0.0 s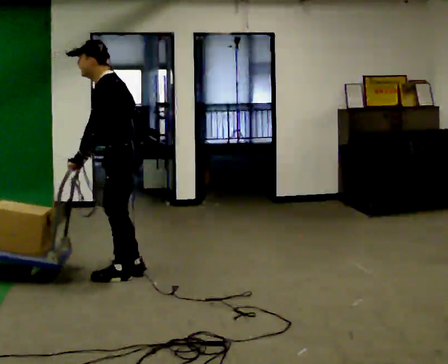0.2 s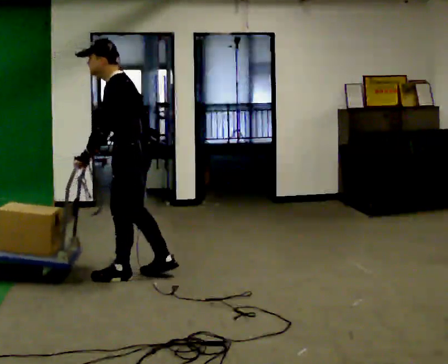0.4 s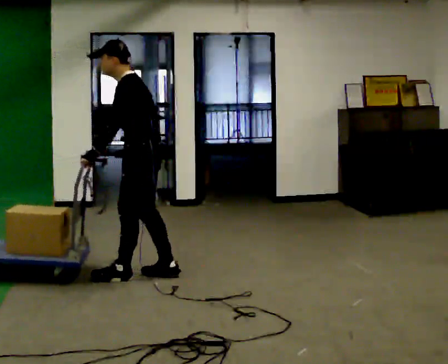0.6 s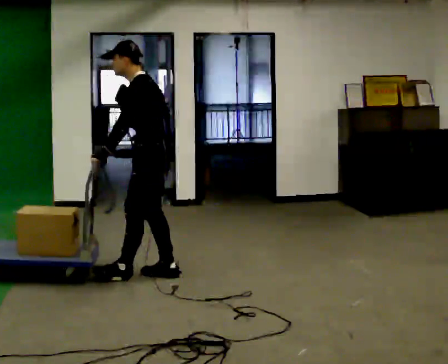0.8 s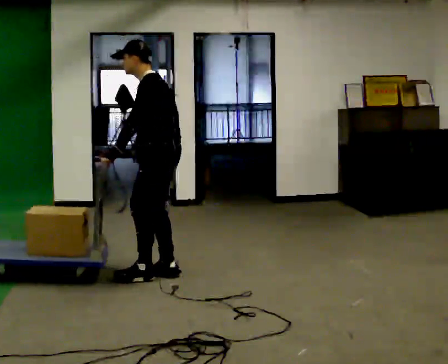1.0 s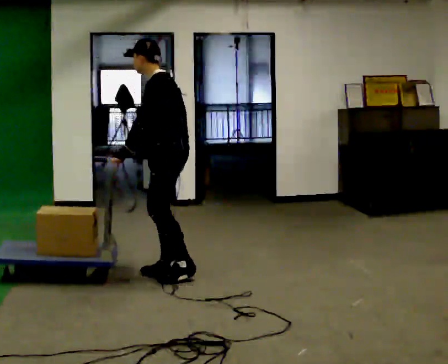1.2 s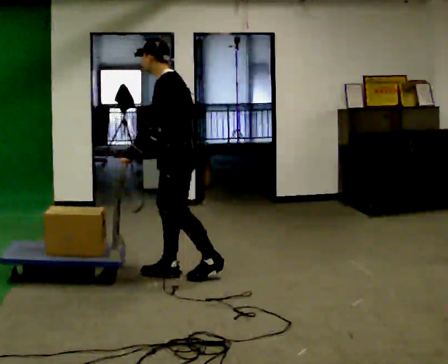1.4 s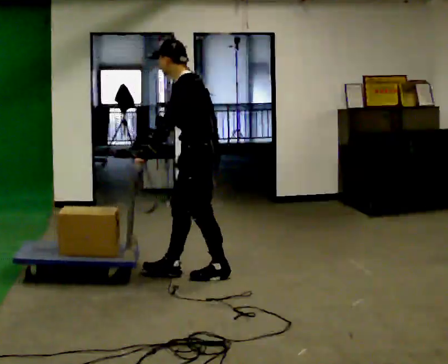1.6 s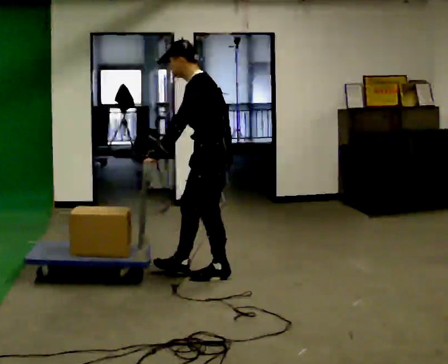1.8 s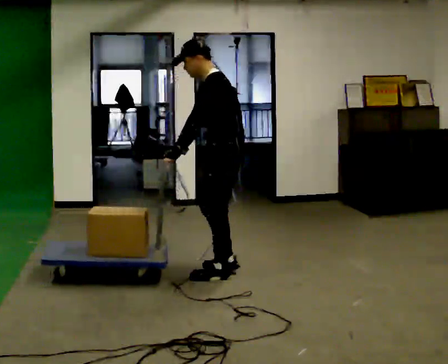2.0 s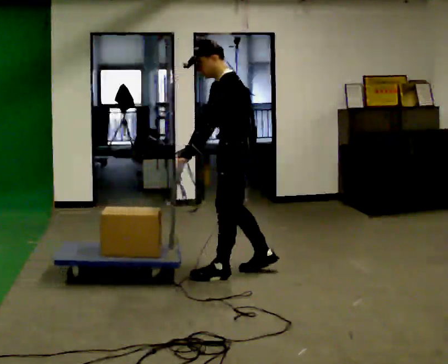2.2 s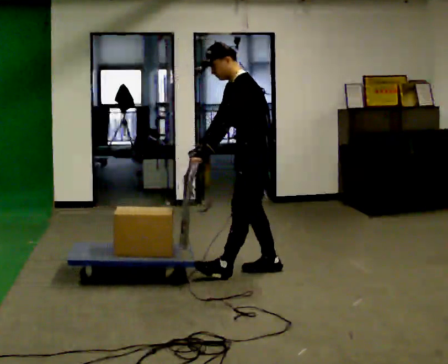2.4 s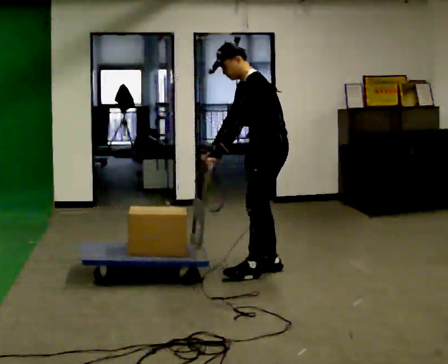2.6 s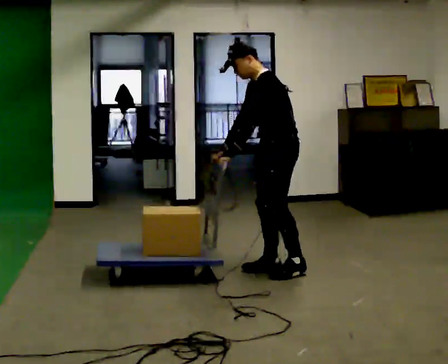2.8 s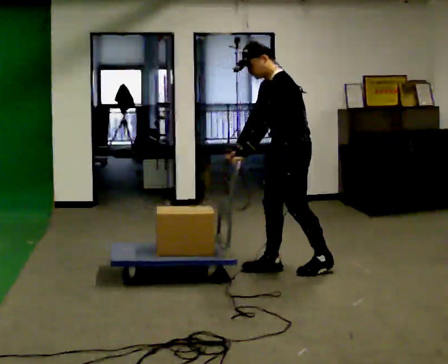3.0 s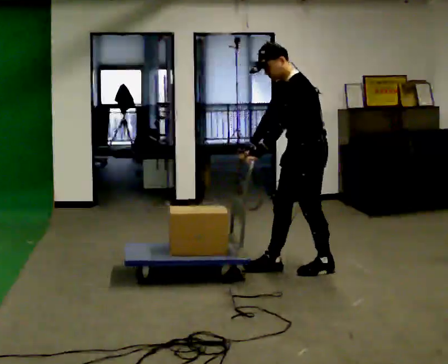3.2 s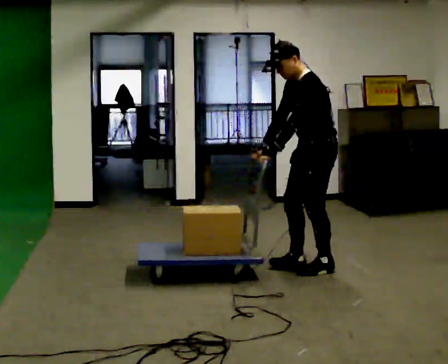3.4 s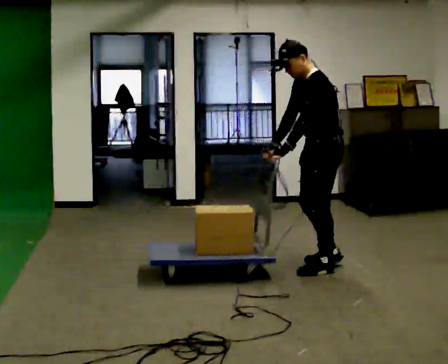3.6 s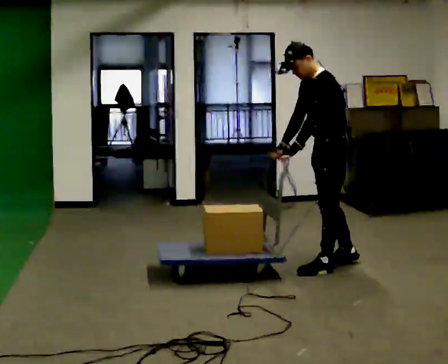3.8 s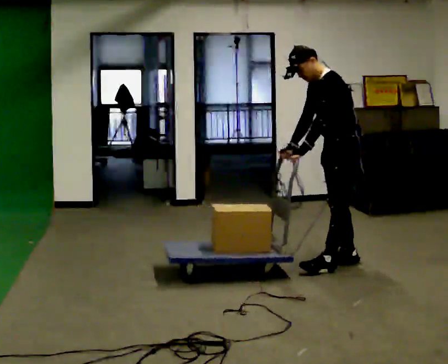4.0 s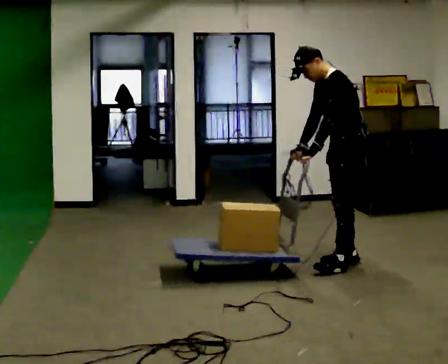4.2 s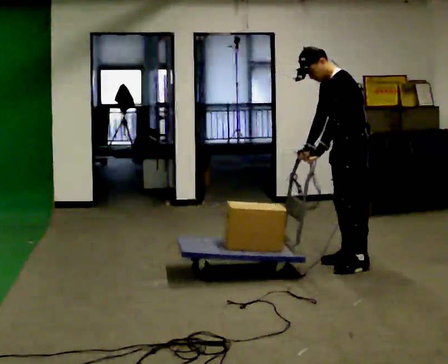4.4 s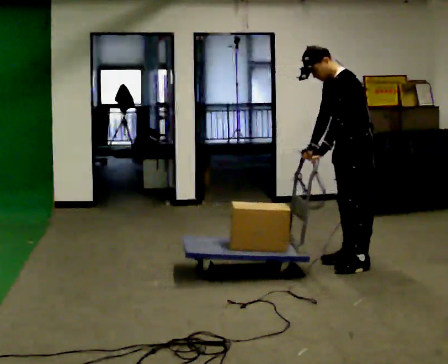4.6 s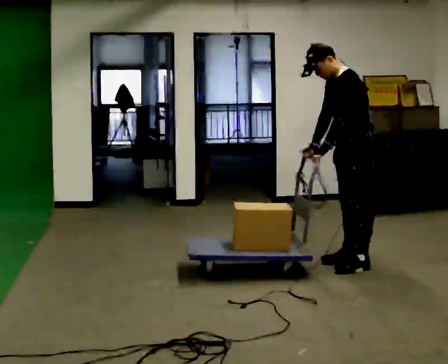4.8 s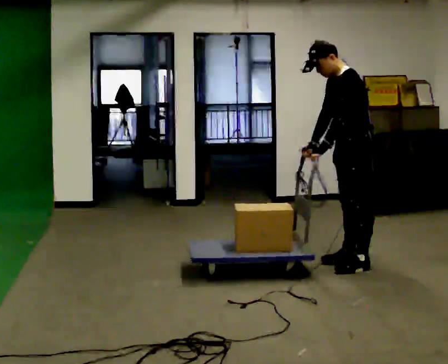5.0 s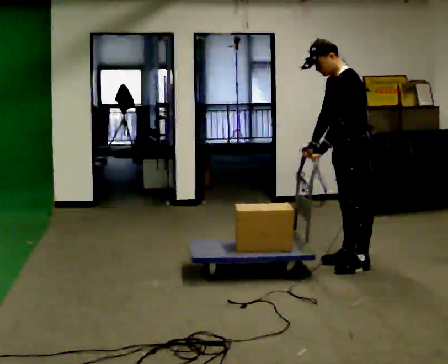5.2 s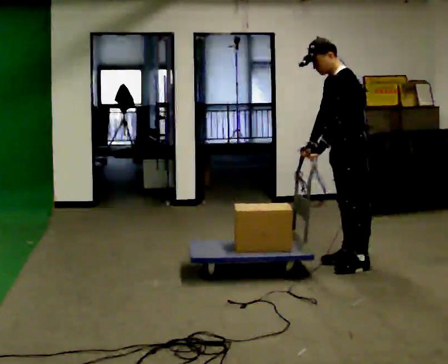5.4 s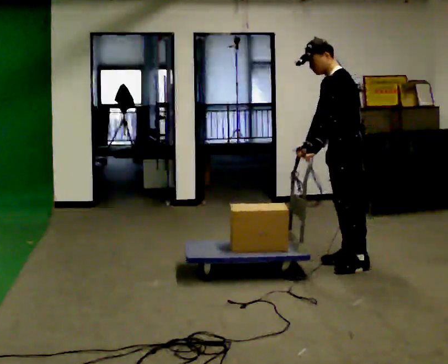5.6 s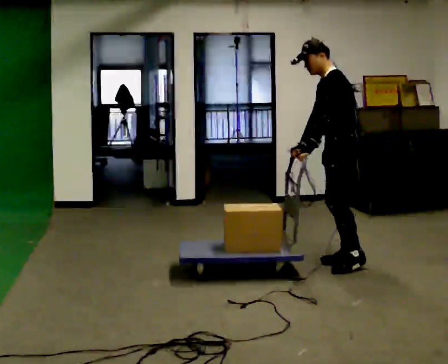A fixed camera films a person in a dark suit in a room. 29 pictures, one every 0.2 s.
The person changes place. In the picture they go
to the right.
0.0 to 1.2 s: In the picture they go to the right, about 0.5 m in 1 step, which for them is backward.
1.2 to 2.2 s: In the picture they go to the right, about 0.5 m in 2 steps, which for them is backward.
2.2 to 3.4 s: In the picture they go to the right, about 0.5 m in 1 step, which for them is backward.
3.4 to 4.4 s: In the picture they go to the right, about 0.25 m in 2 steps, which for them is backward.
4.4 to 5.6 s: The person moves a little, or ends about where they began.
The film runs forward here.
